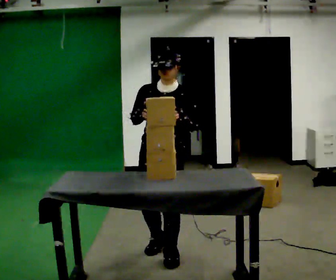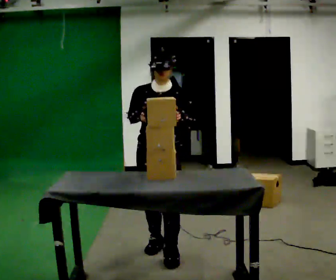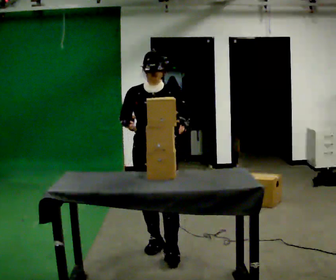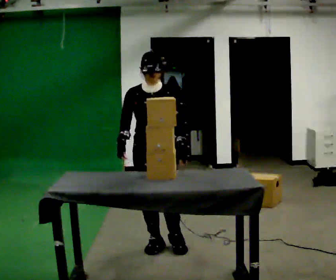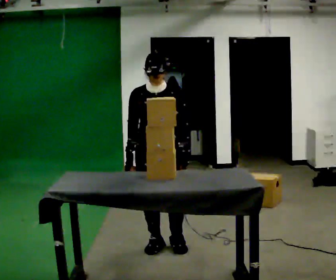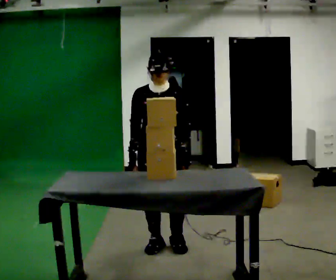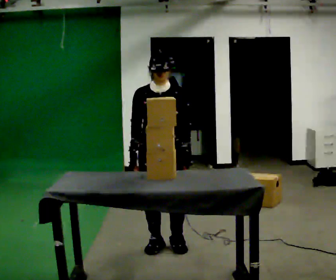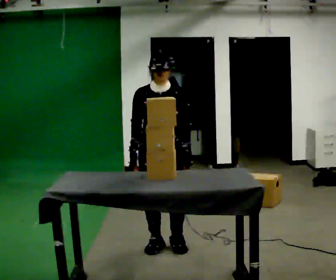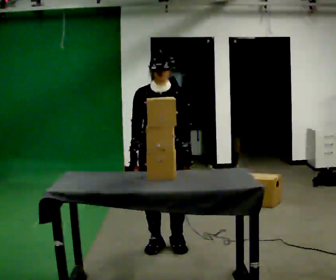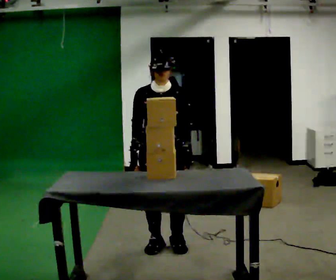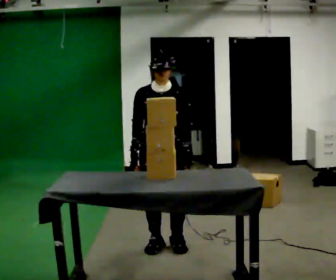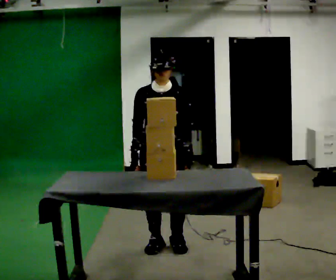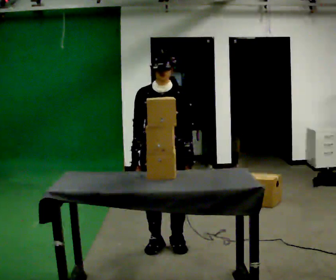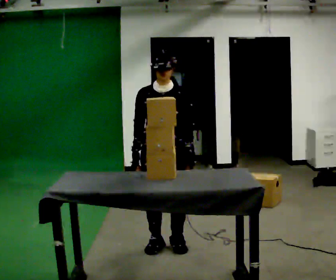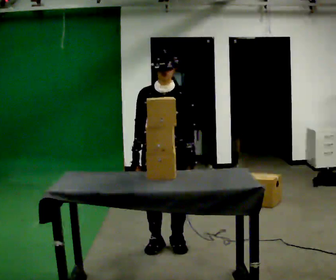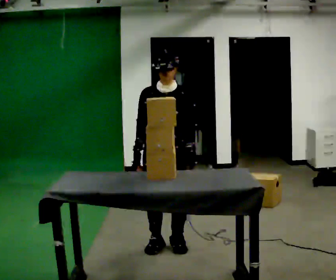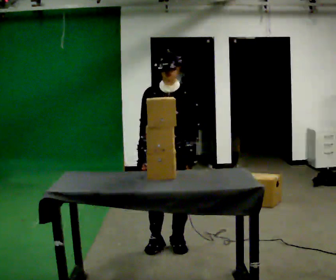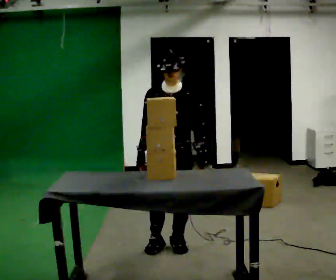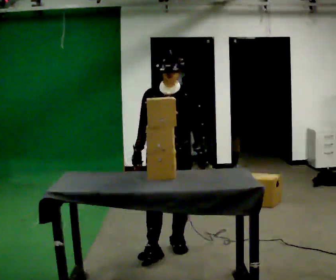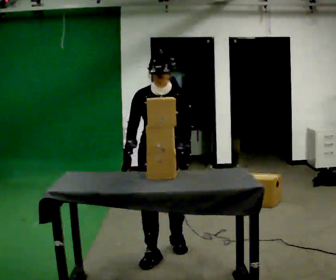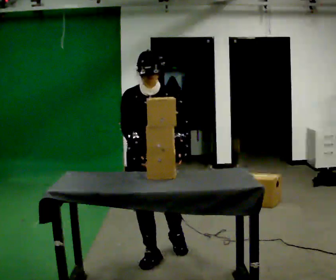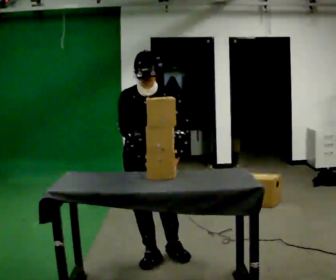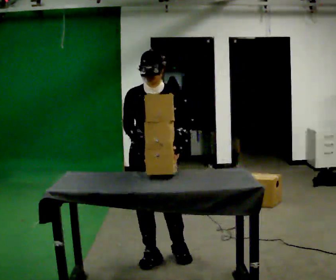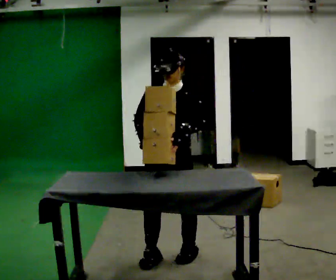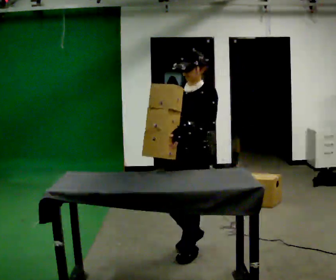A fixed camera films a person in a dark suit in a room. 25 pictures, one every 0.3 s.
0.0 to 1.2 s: In the picture they go away from the camera, about 0.25 m in 1 step, which for them is backward. In the picture their right hand goes downward.
1.2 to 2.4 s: The person moves a little, or ends about where they began.
2.4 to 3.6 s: The person keeps their place and pose.
3.6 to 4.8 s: The person moves a little, or ends about where they began.
4.8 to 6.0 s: In the picture they go toward the camera, about 0.25 m in 2 steps, which for them is forward and to their right.
6.0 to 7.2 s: The person turns about 45 degrees to their right, clockwise seen from above, so the part of the body nearest the lens slides to the left. In the picture they go to the right, about 0.25 m in 1 step, which for them is to their left.
The film runs backward here.
